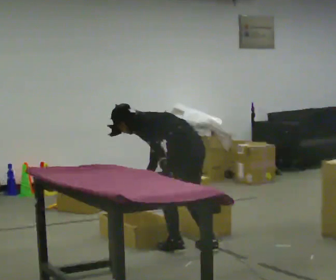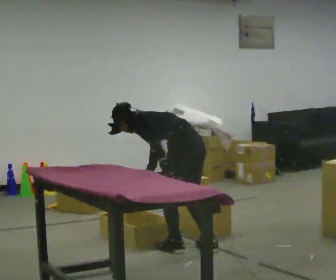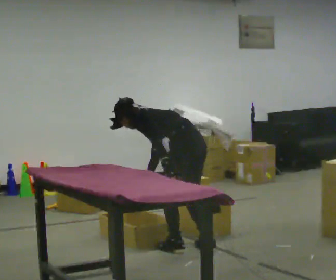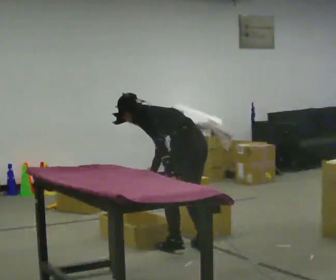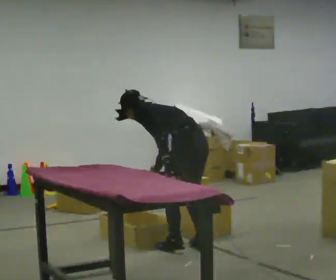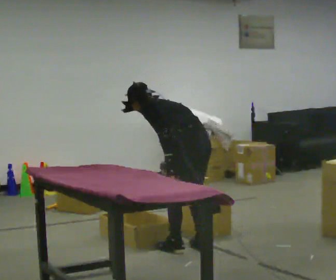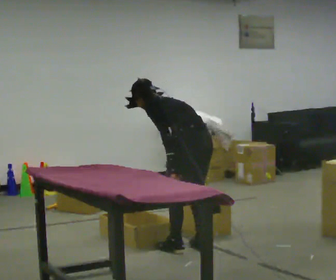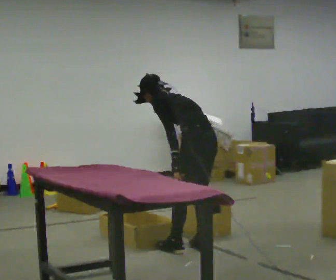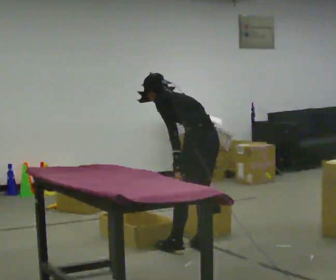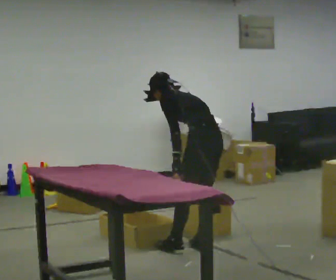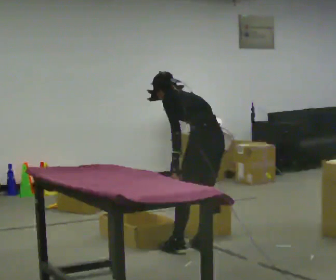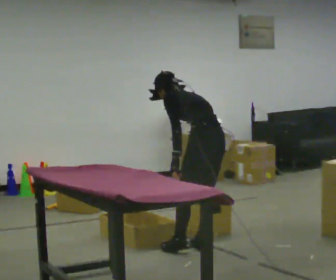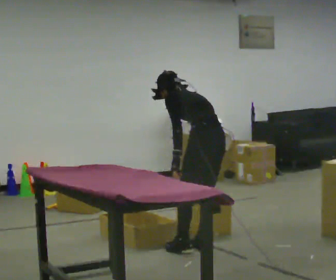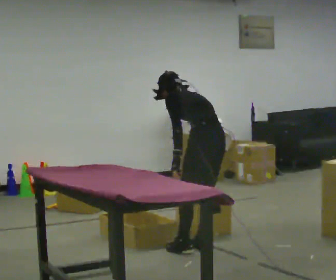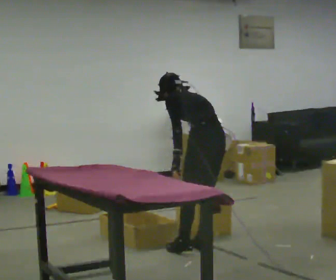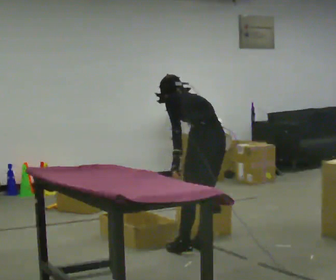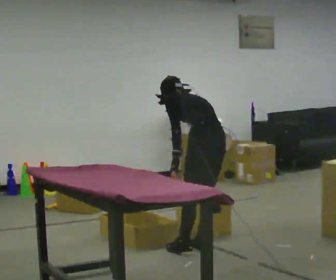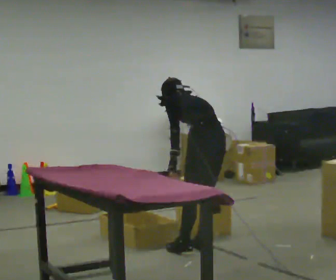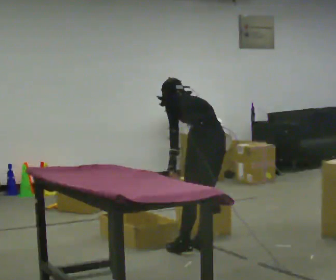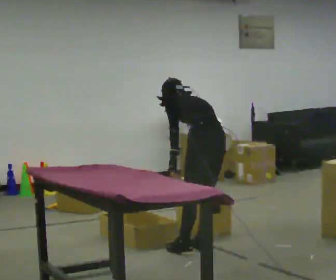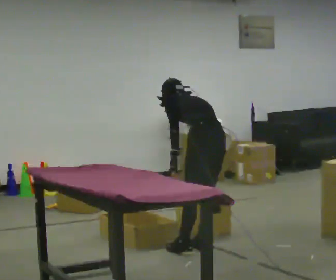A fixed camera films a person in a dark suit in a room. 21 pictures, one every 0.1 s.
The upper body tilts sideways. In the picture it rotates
clockwise.
0.0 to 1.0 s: In the picture they go to the right, about 0.25 m, which for them is to their right. The upper body goes upward. In the picture the upper body tilts clockwise, shoulders to the right, as they lean back or straighten.
1.0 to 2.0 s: The person moves a little, or ends about where they began.
The film runs backward here.
